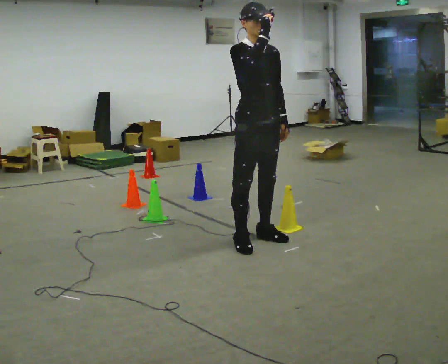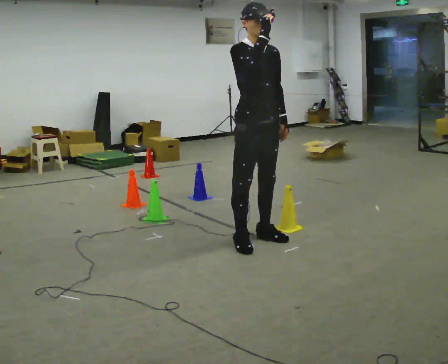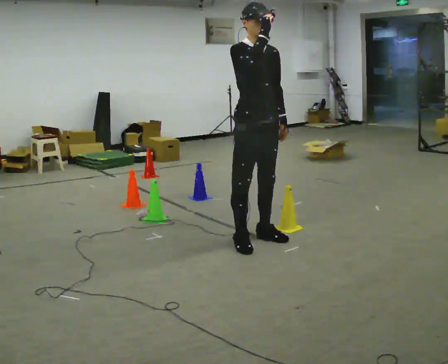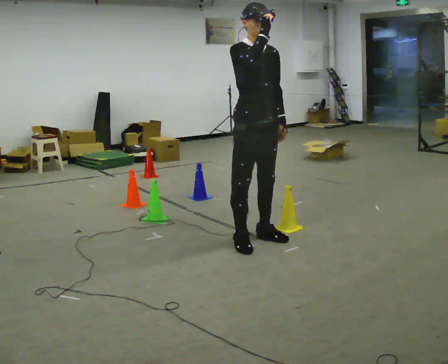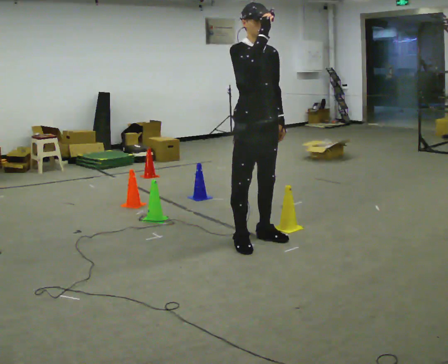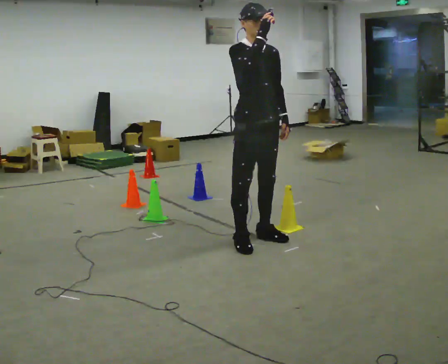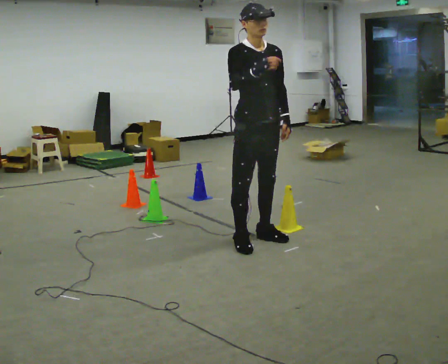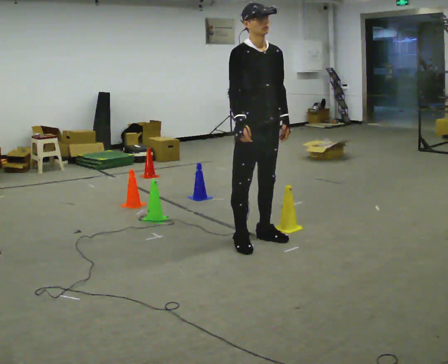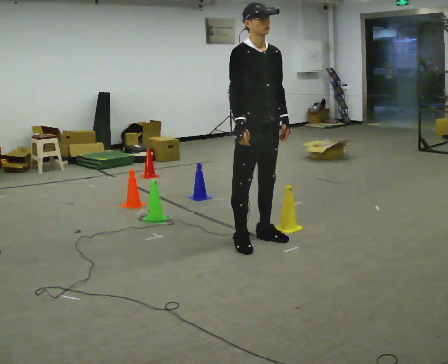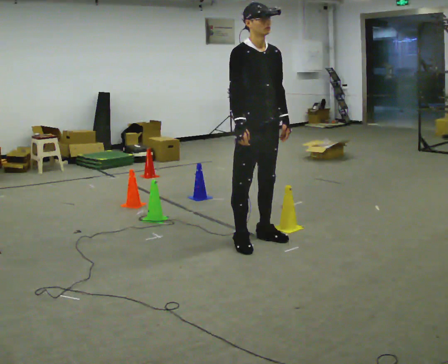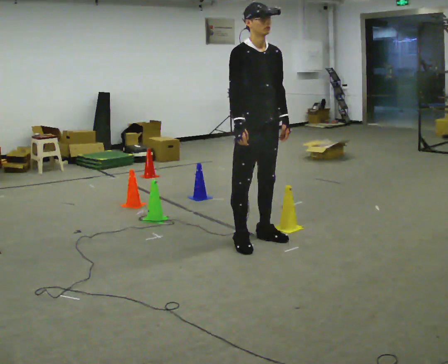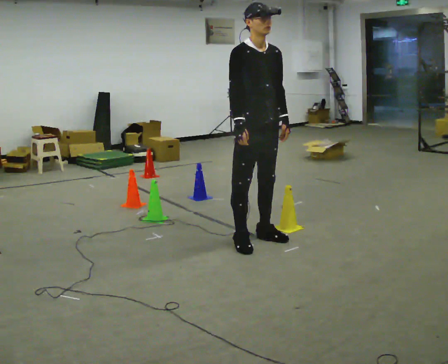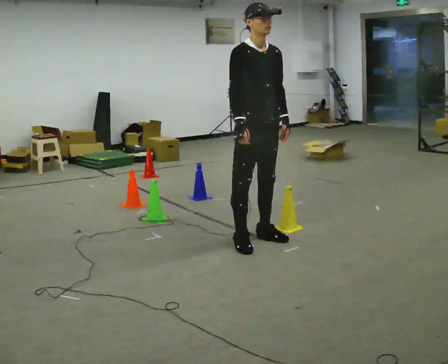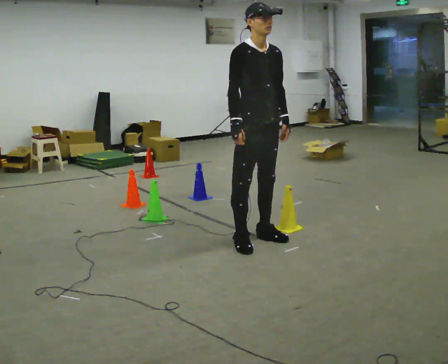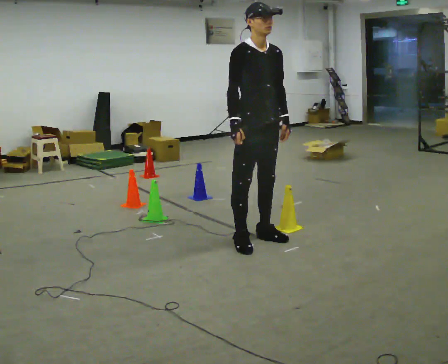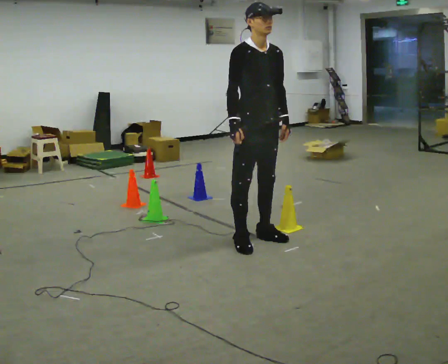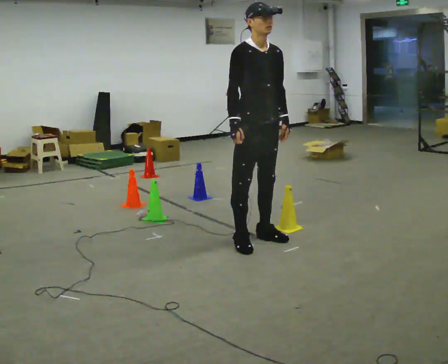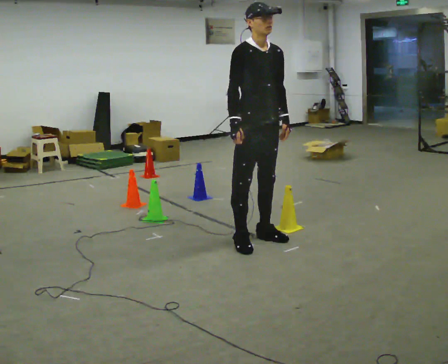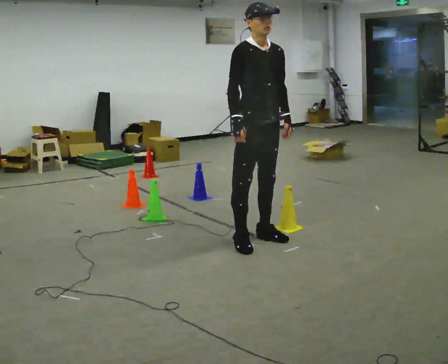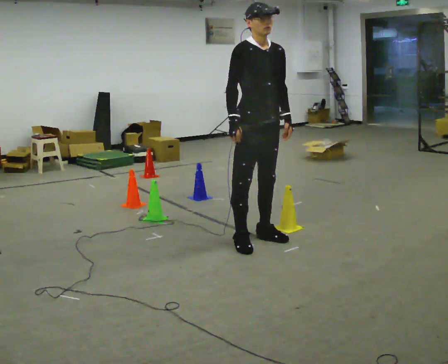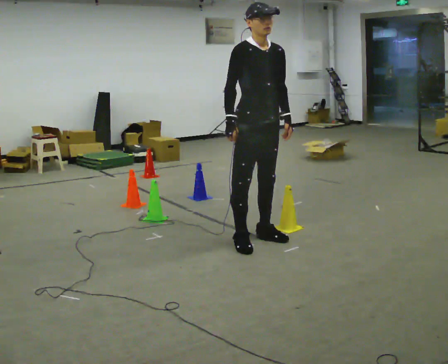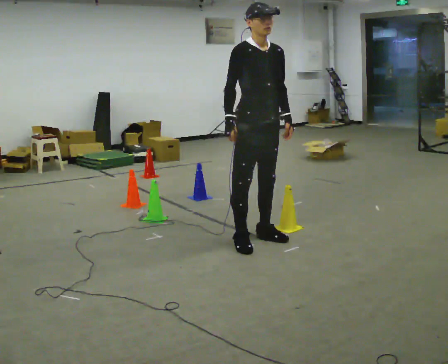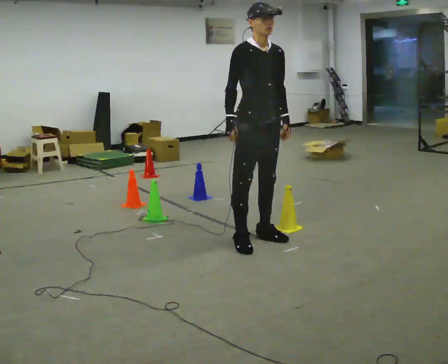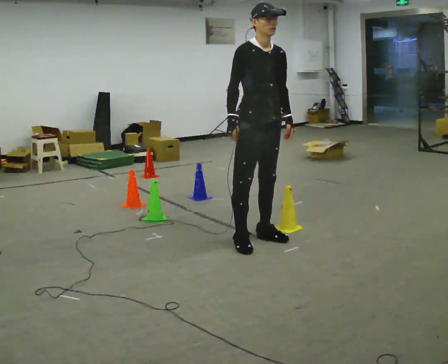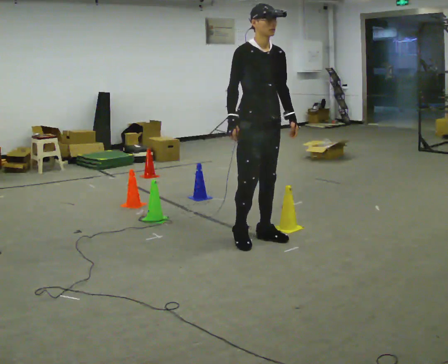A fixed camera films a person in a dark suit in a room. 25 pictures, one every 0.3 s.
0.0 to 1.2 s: The person moves a little, or ends about where they began.
1.2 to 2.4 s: In the picture their right hand goes downward.
2.4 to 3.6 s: The person keeps their place and pose.
3.6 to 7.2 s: The person moves a little, or ends about where they began.
The film runs backward here.
